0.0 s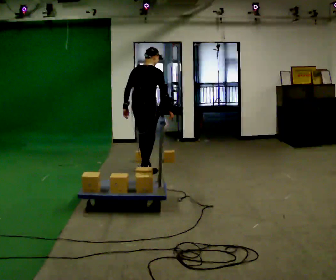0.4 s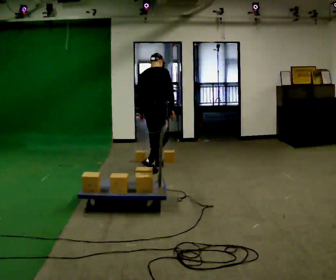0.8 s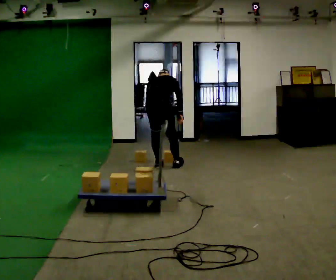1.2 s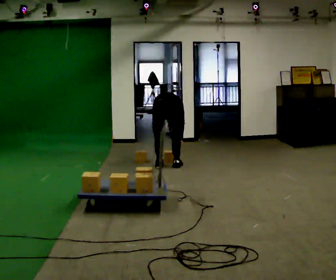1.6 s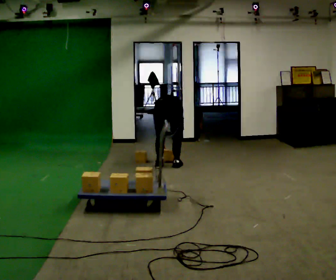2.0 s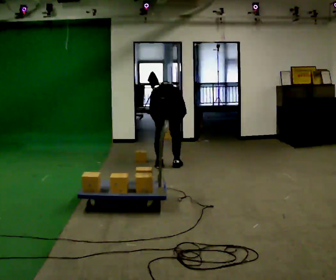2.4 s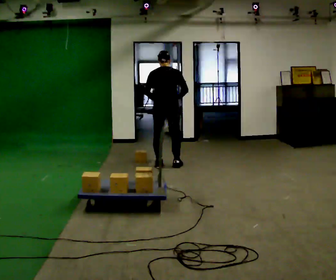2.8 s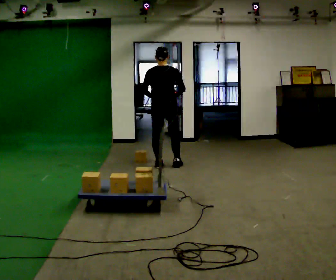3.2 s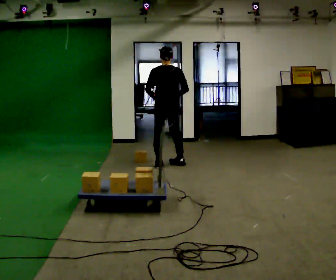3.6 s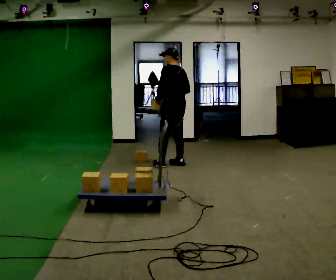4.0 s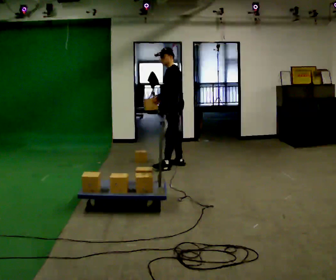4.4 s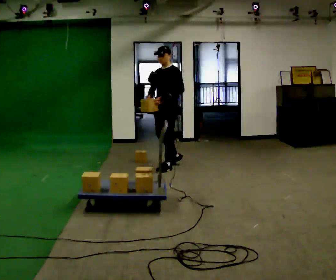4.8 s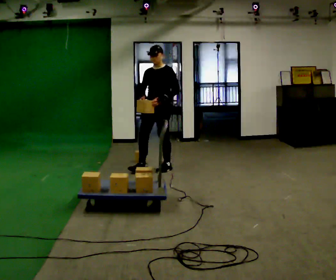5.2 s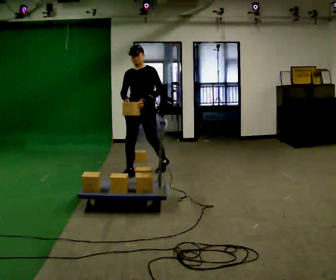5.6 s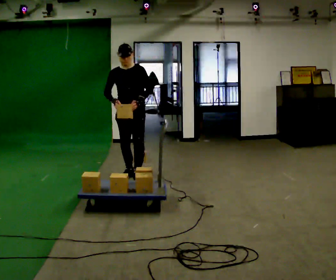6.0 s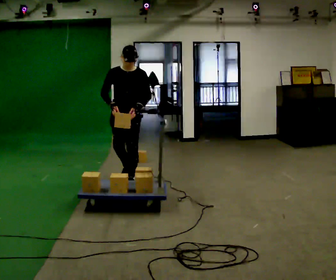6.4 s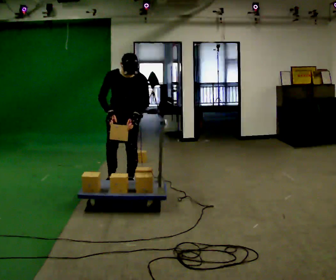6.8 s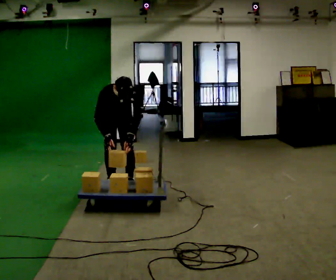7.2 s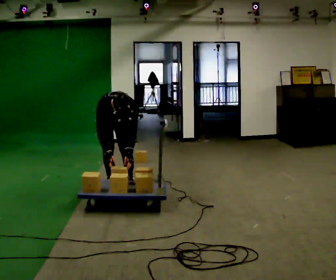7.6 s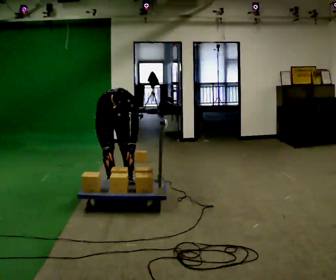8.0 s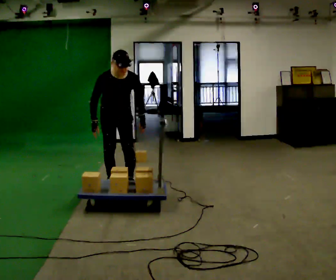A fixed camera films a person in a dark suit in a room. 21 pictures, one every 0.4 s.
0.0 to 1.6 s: Seen from above the body turns counterclockwise, about 30 degrees: to their left, with its near side sliding to the right. In the picture they go to the right and away from the camera, about 0.5 m in 2 steps, which for them is forward and to their right. The upper body goes downward. The upper body tips away from the camera, its near side rolling upward, as they bend forward. In the picture their right hand goes downward.
1.6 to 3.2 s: In the picture they go away from the camera, about 0.25 m in 1 step, which for them is forward. The upper body goes upward. The upper body tips toward the camera, its near side rolling downward, as they lean back or straighten. In the picture their right hand goes upward.
3.2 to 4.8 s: Seen from above the body turns counterclockwise, about 135 degrees: to their left, with its near side sliding to the right. In the picture they go toward the camera, about 0.25 m in 1 step.
4.8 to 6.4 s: Seen from above the body turns counterclockwise, about 30 degrees: to their left, with its near side sliding to the right. In the picture they go toward the camera and to the left, about 1 m in 2 steps, which for them is forward. The upper body tips toward the camera, its near side rolling downward, as they bend forward.
6.4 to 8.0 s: The person moves a little, or ends about where they began.
The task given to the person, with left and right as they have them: Load the boxes onto the cart one at a time, then take them all off again. The cart stays where it is. Keep going until the operator says stop; one object at a time, and do not rush between trips.
The film runs forward here.
